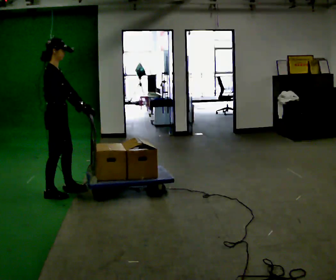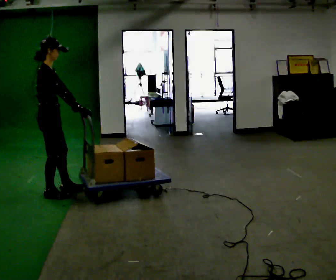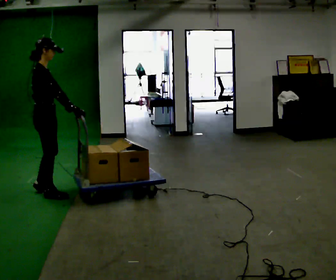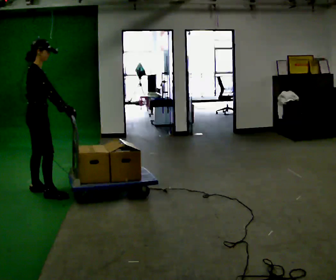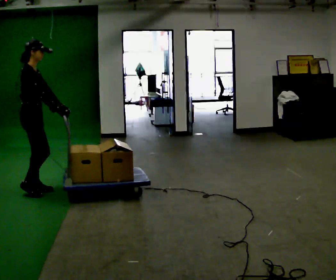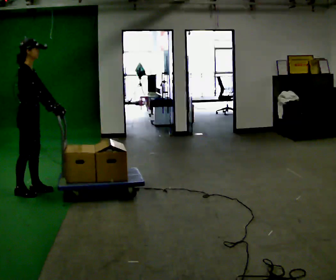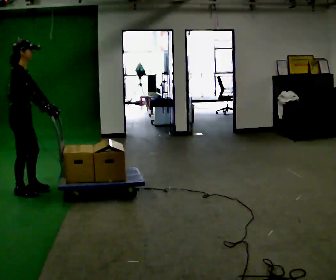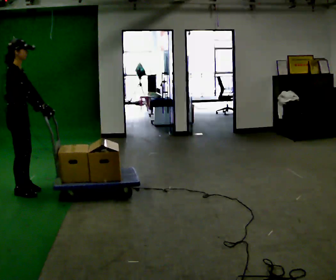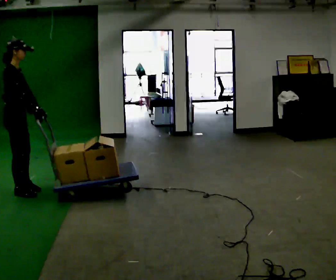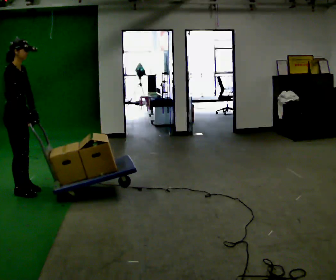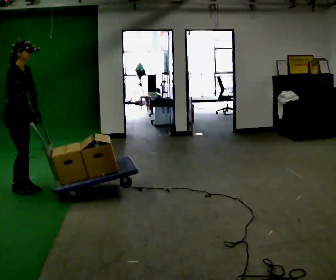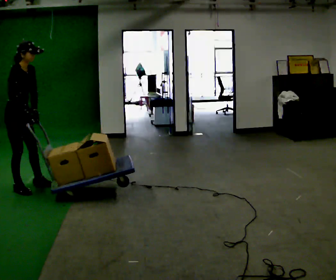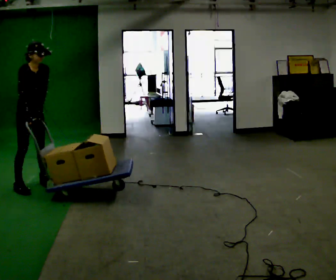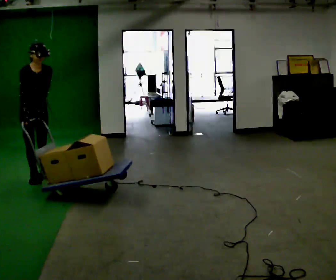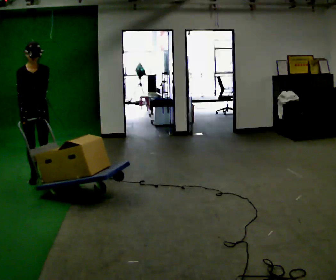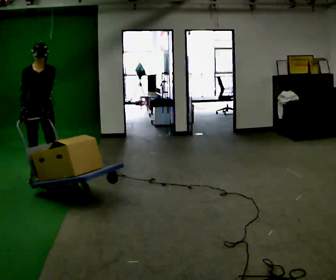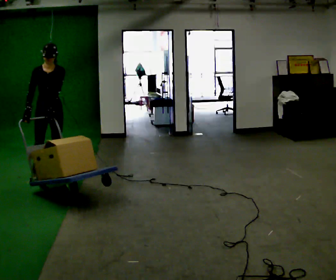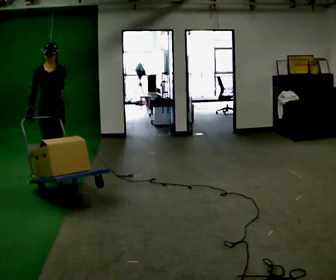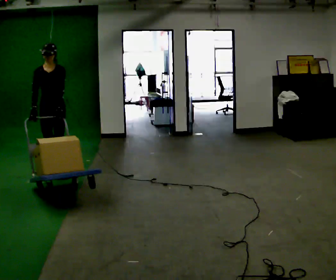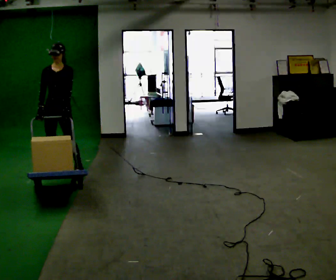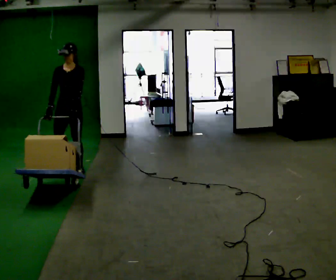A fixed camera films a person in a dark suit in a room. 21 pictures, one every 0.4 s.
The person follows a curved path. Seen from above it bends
clockwise.
0.0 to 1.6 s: In the picture they go to the left, about 0.25 m in 2 steps, which for them is backward.
1.6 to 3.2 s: In the picture they go to the left, about 0.25 m, which for them is backward.
3.2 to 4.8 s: Seen from above the body turns clockwise, about 60 degrees: to their right, with its near side sliding to the left. In the picture they go away from the camera and to the right, about 0.25 m in 2 steps, which for them is to their left.
4.8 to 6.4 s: The person turns about 45 degrees to their right, clockwise seen from above, so the part of the body nearest the lens slides to the left. In the picture they go away from the camera and to the right, about 0.5 m in 2 steps, which for them is backward and to their left.
6.4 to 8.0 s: In the picture they go to the right, about 0.25 m in 1 step, which for them is to their left and backward.
The film runs backward here.
